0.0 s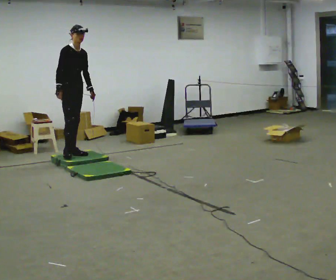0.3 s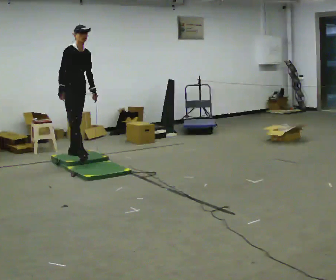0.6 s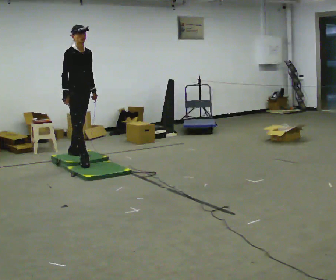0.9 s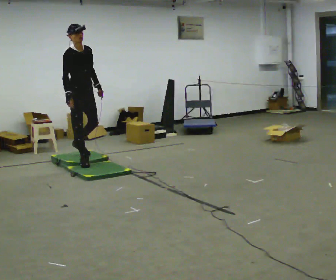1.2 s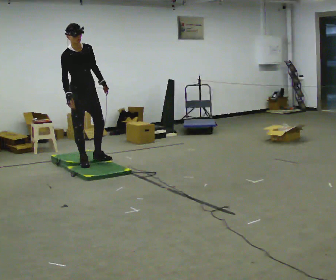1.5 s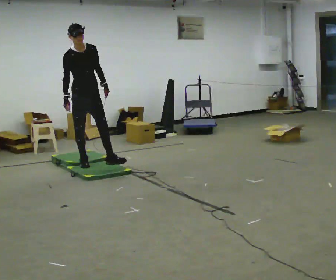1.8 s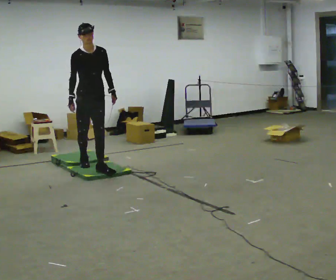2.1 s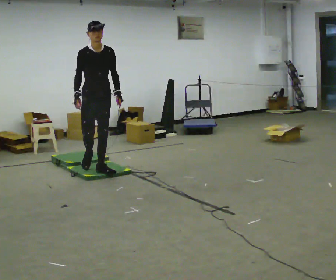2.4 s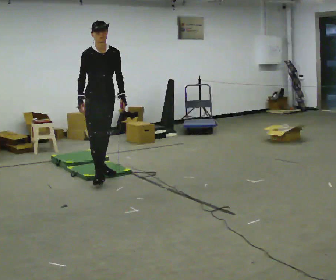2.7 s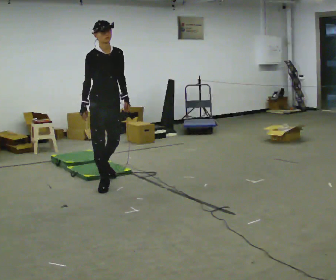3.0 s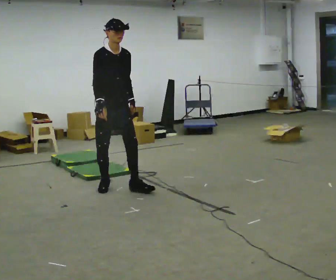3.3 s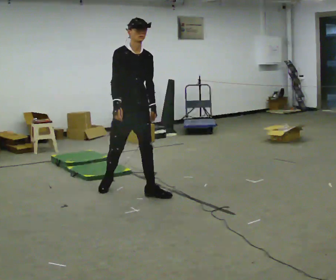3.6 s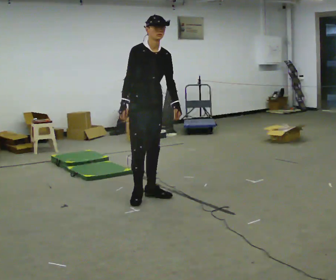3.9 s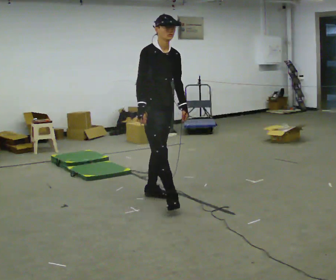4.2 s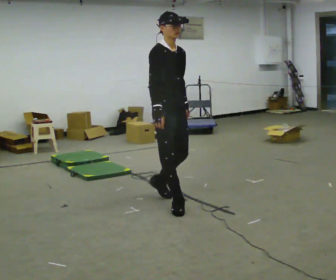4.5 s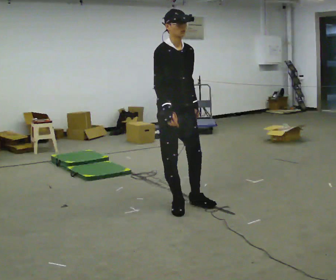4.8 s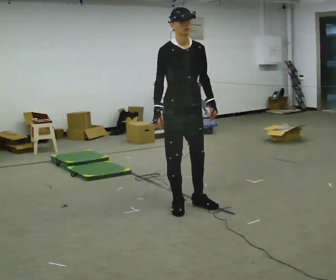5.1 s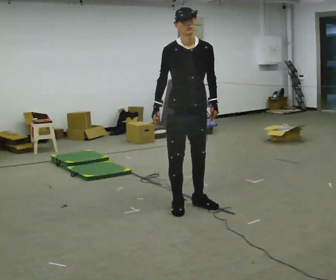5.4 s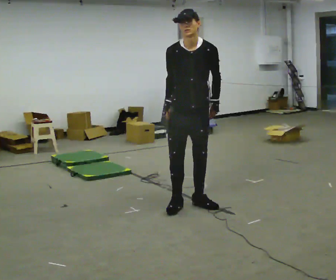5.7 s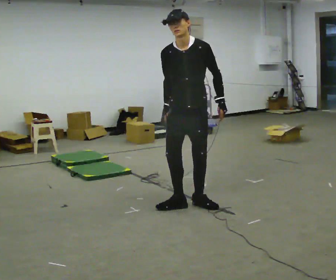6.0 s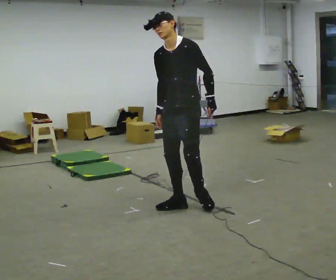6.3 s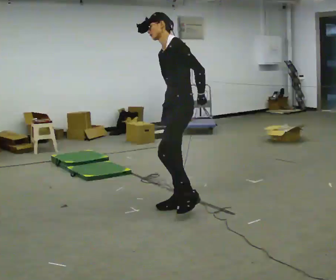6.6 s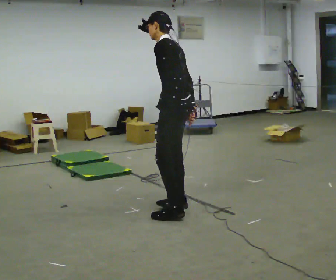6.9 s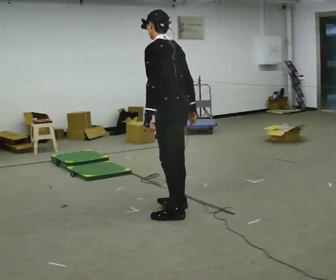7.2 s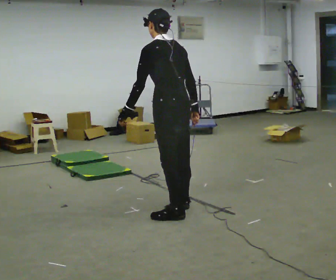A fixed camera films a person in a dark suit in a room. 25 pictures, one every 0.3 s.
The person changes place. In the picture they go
toward the camera.
0.0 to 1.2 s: In the picture they go toward the camera and to the right, about 0.5 m in 1 step, which for them is forward.
1.2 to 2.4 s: In the picture they go toward the camera and to the right, about 0.5 m in 1 step, which for them is forward.
2.4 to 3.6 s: In the picture they go toward the camera and to the right, about 1 m in 2 steps, which for them is forward.
3.6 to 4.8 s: In the picture they go toward the camera and to the right, about 0.5 m in 2 steps, which for them is forward.
4.8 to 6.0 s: The person turns about 60 degrees to their right, clockwise seen from above, so the part of the body nearest the lens slides to the left. In the picture the upper body tilts counterclockwise, shoulders to the left.
6.0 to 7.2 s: Seen from above the body turns clockwise, about 105 degrees: to their right, with its near side sliding to the left. In the picture they go toward the camera, about 0.25 m in 1 step.
The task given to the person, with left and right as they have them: Walk across the mats at a normal pace. They may not all feel the same underfoot. Carry on afterwards.
The film runs forward here.
